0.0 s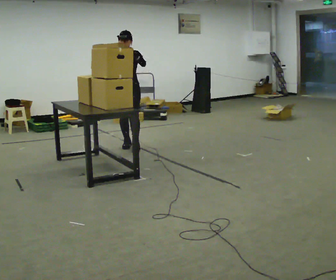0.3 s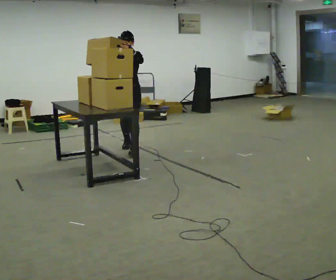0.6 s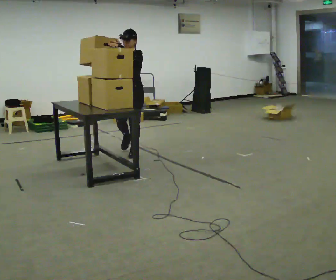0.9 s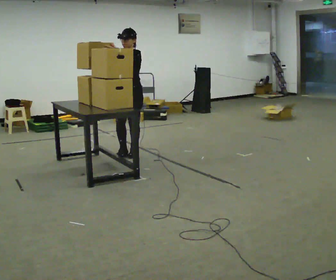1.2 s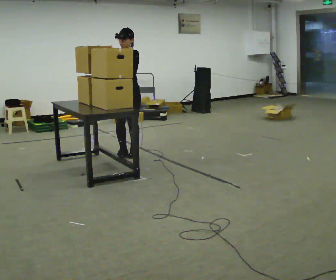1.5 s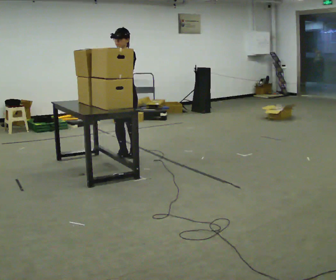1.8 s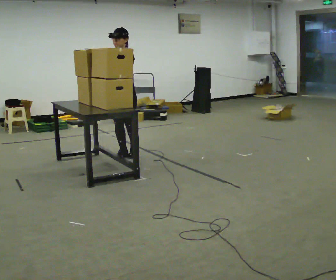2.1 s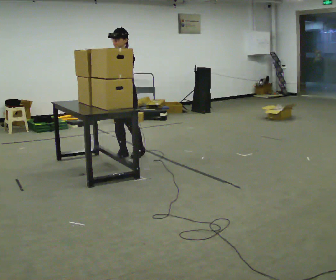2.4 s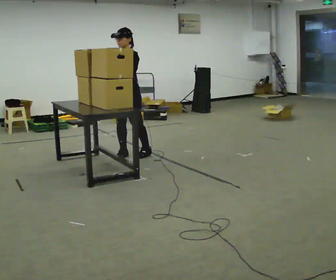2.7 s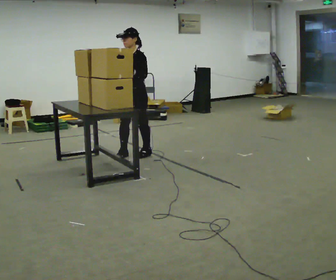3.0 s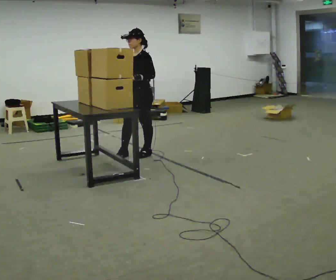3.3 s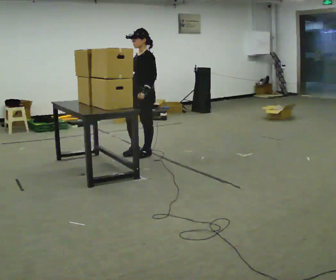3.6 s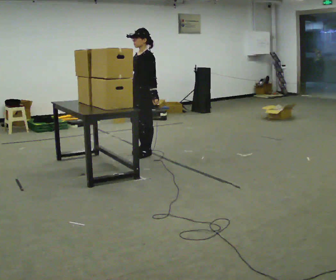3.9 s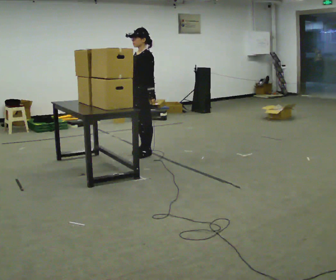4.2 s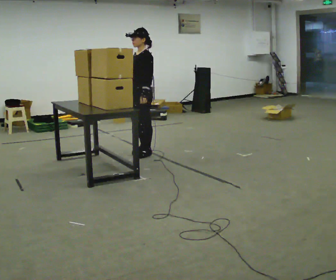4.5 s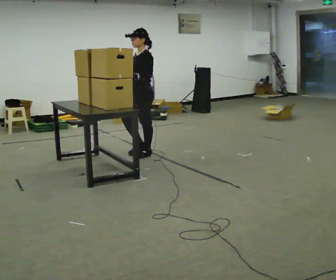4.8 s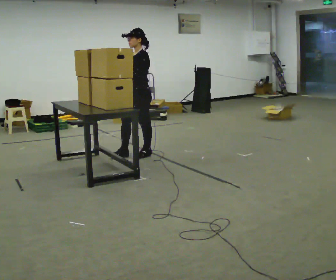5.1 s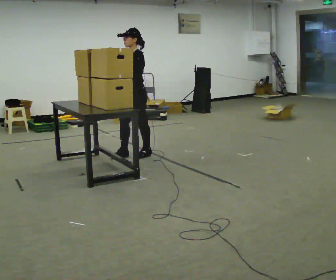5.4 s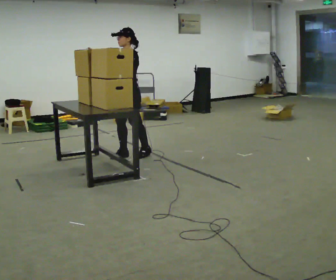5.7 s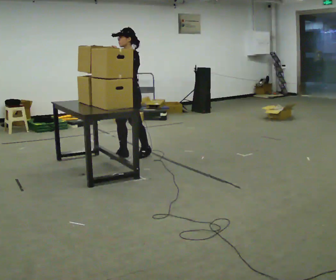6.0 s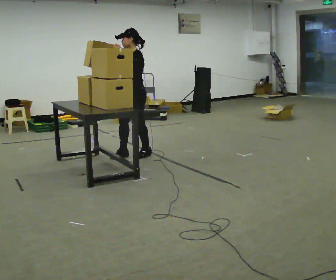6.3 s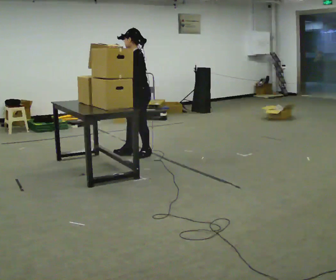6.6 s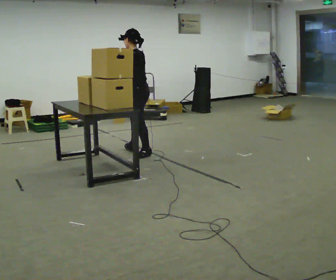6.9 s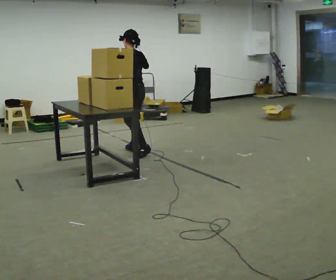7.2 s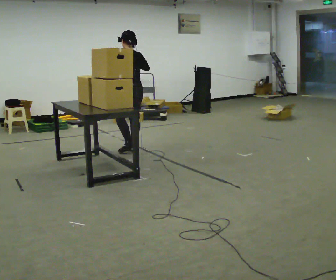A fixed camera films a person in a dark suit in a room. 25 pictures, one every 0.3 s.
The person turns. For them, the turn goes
to their right.
The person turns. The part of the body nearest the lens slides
to the left.
0.0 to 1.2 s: In the picture they go toward the camera, about 0.5 m in 2 steps, which for them is forward and to their left.
1.2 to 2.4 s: The person moves a little, or ends about where they began.
2.4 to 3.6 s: Seen from above the body turns clockwise, about 30 degrees: to their right, with its near side sliding to the left. In the picture they go to the right, about 0.25 m in 1 step, which for them is backward. In the picture their right hand goes to the right and downward, the arm swinging counterclockwise.
3.6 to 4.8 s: In the picture their right hand goes upward and to the left, the arm swinging clockwise.
4.8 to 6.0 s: The person moves a little, or ends about where they began.
6.0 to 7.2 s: The person turns about 75 degrees to their right, clockwise seen from above, so the part of the body nearest the lens slides to the left. In the picture they go away from the camera, about 0.25 m in 1 step.
The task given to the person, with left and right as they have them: Carry the object over and line it up with the mark on the surface as accurately as you can. Keep going until the operator says stop; one object at a time, and do not rush between trips.
The film runs forward here.
